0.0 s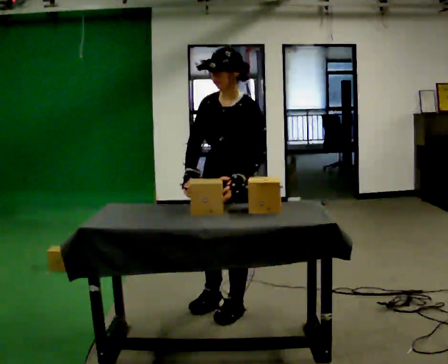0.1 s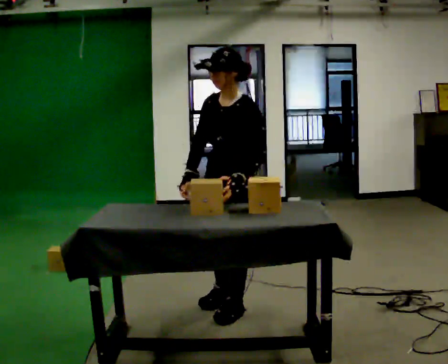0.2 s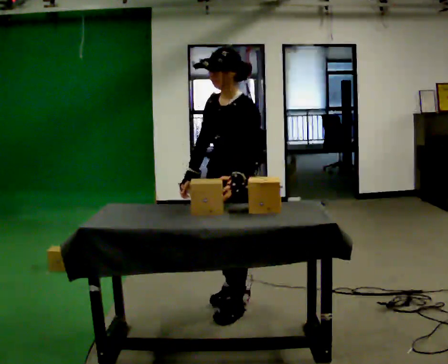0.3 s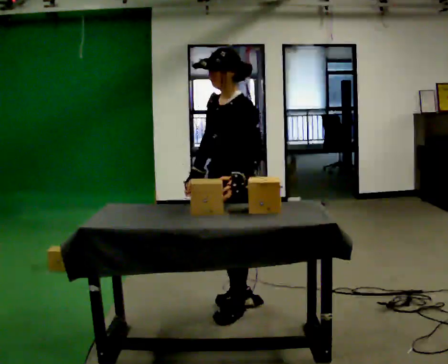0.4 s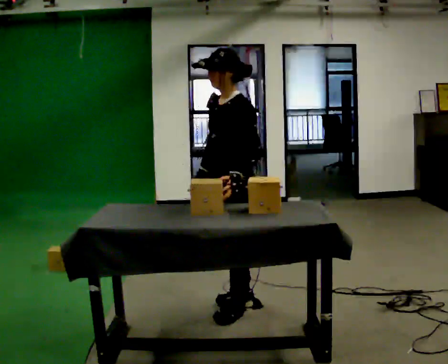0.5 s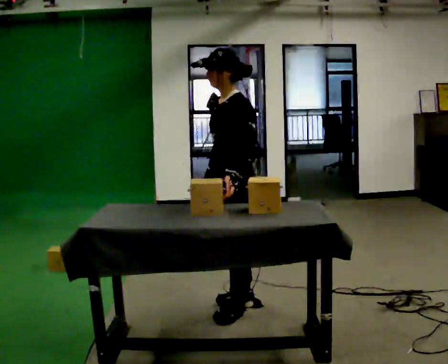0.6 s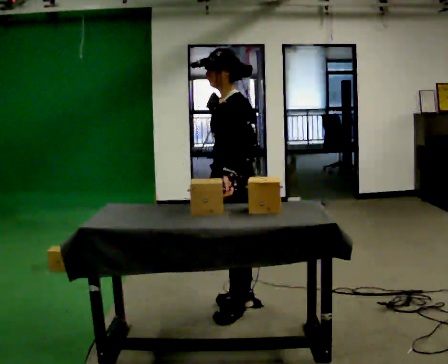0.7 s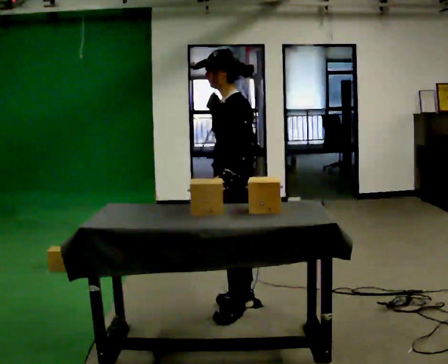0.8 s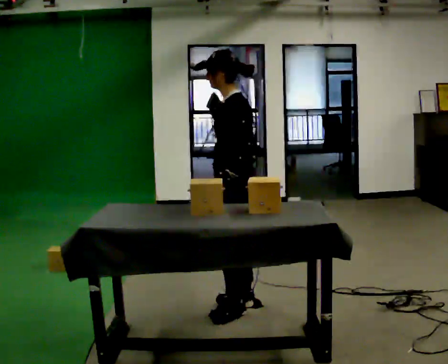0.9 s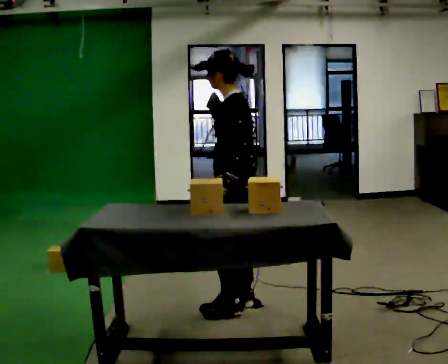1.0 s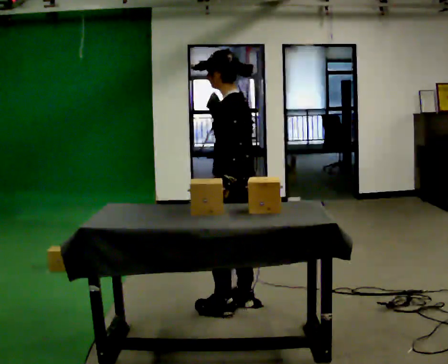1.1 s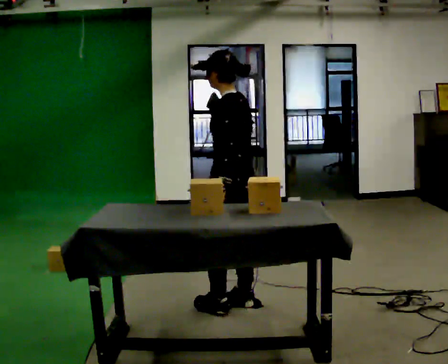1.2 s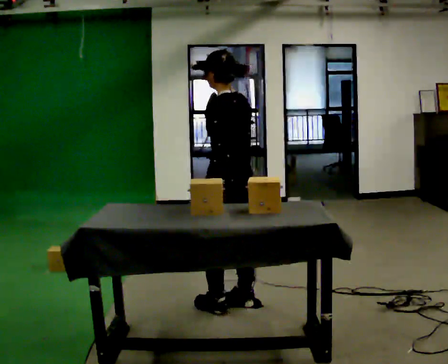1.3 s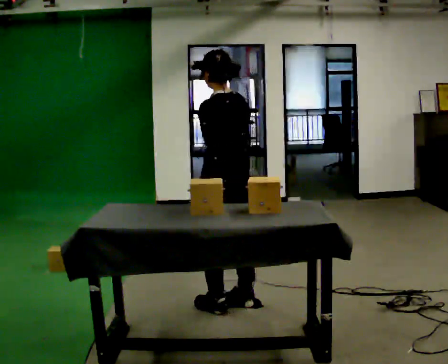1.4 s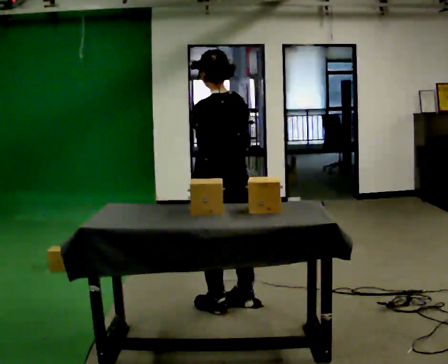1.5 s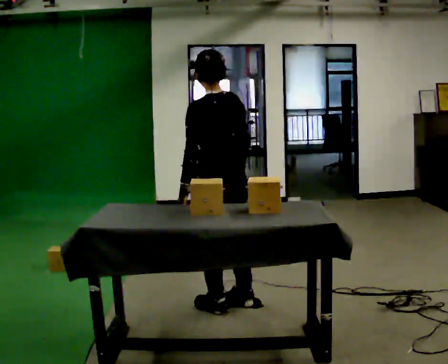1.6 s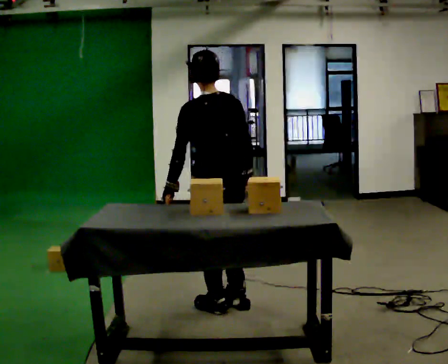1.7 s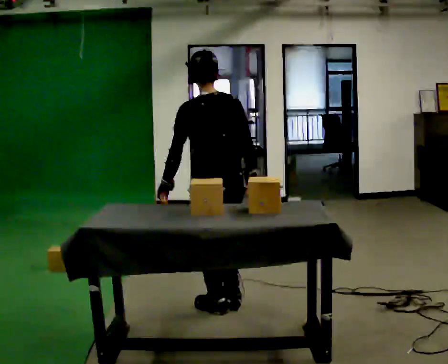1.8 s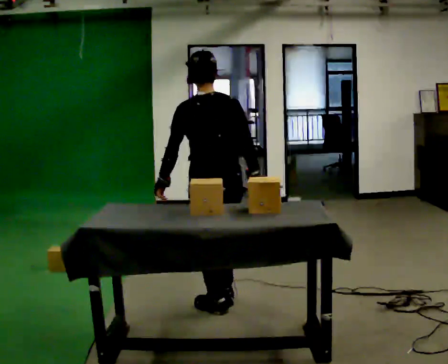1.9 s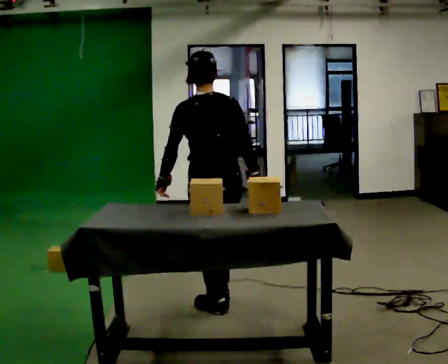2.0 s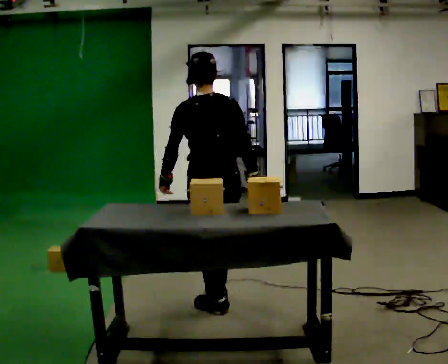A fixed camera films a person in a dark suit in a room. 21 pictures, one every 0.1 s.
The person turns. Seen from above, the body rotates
clockwise.
The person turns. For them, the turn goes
to their right.
0.0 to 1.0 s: The part of the body nearest the lens slides to the left as the person turns to their right by about 75 degrees.
1.0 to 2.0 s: The part of the body nearest the lens slides to the left as the person turns to their right by about 45 degrees. In the picture their left hand goes to the left.
The film runs forward here.
